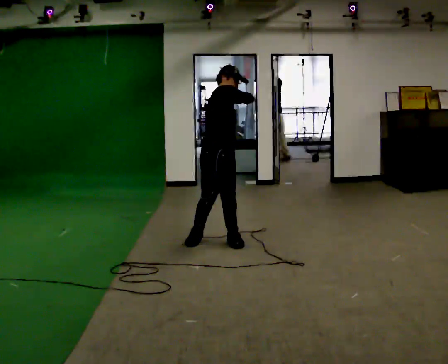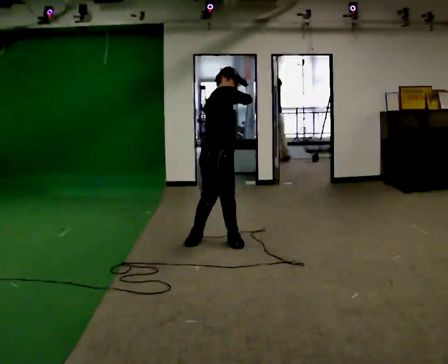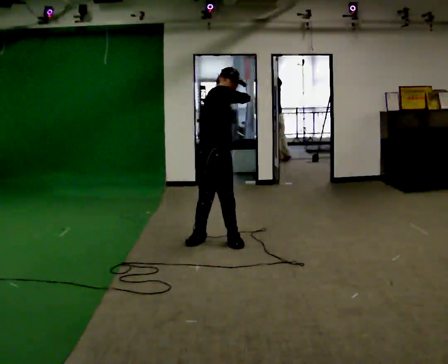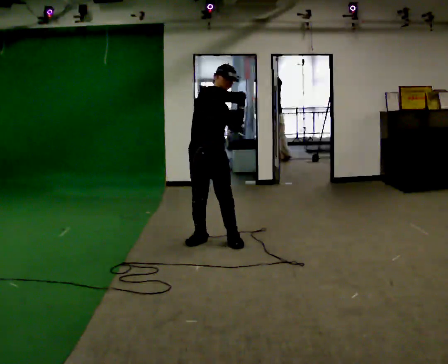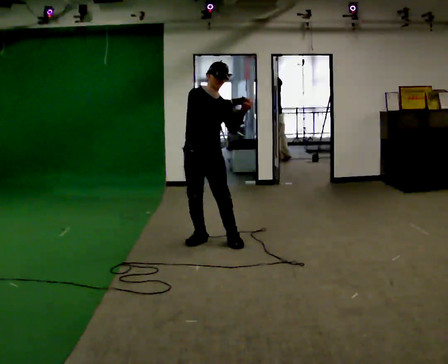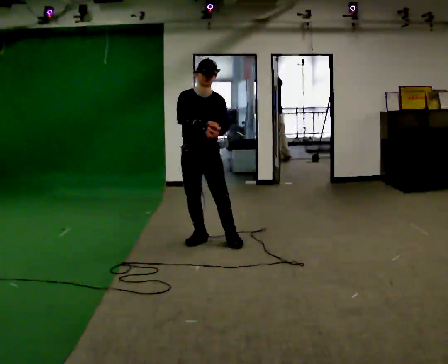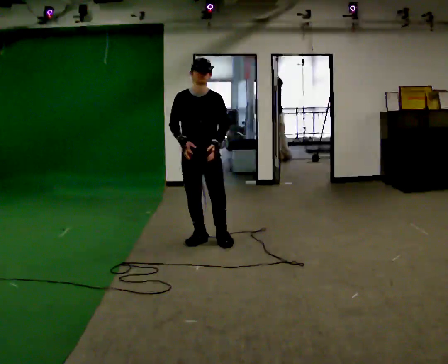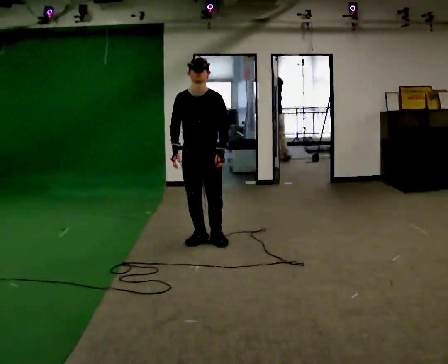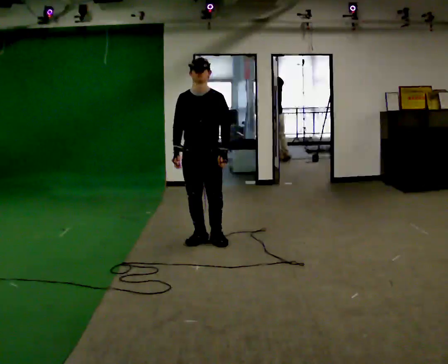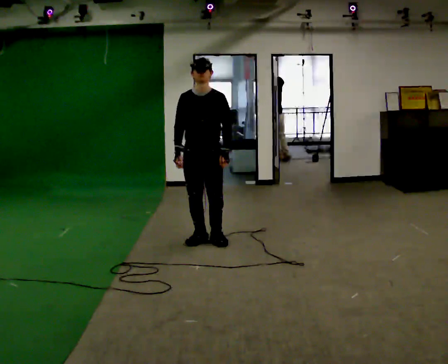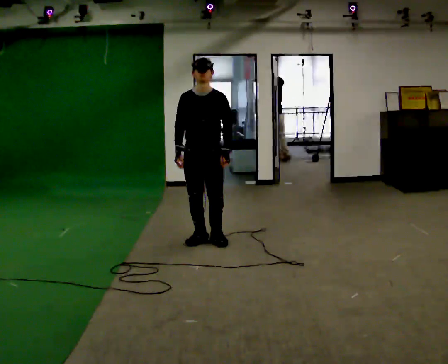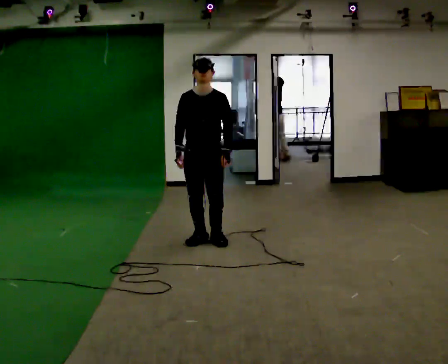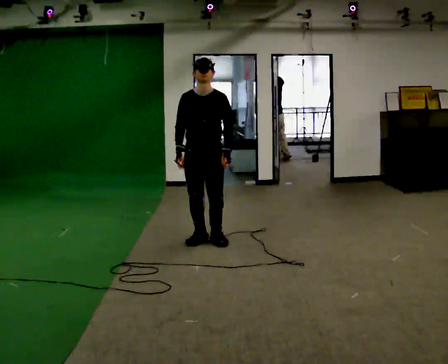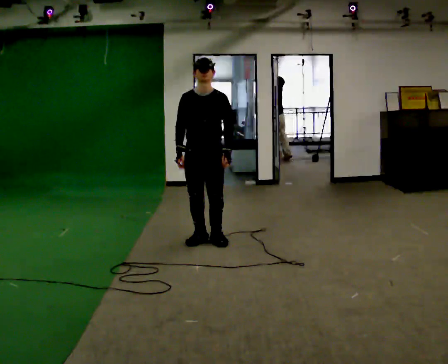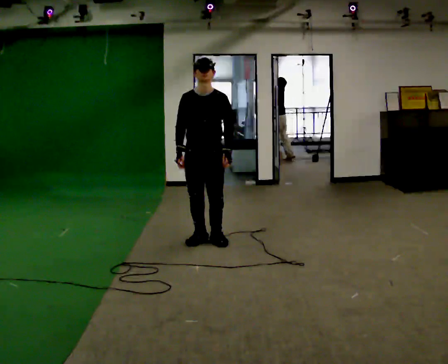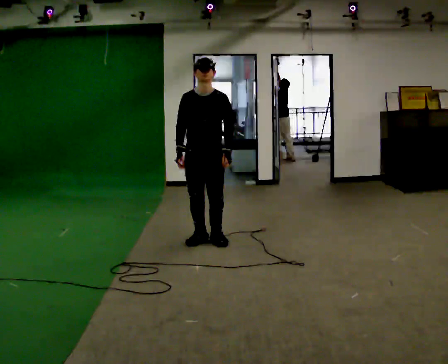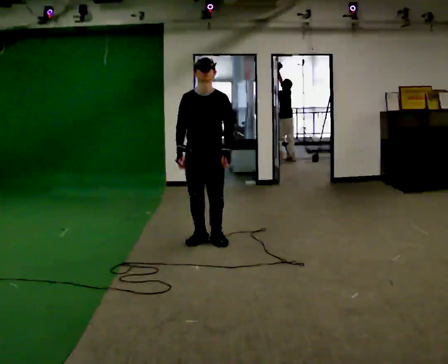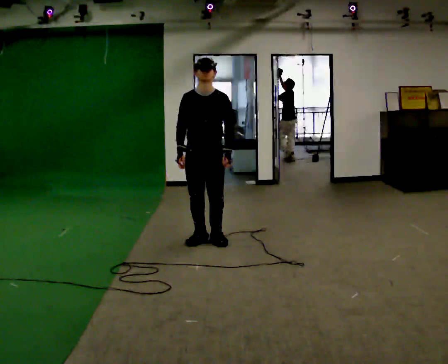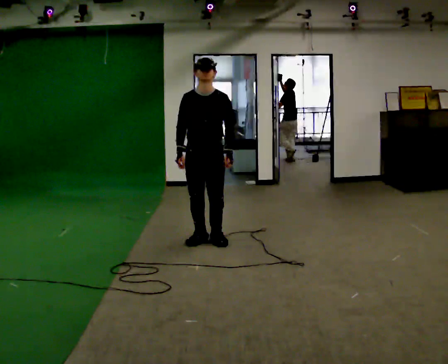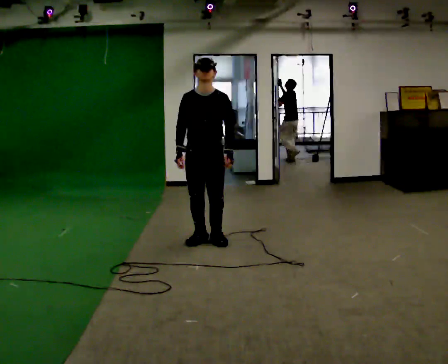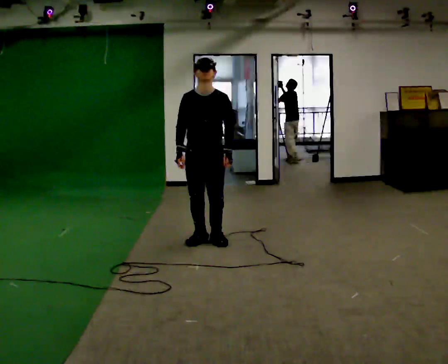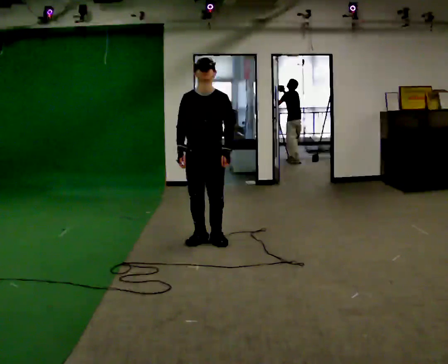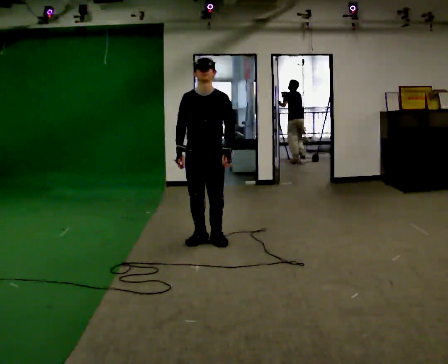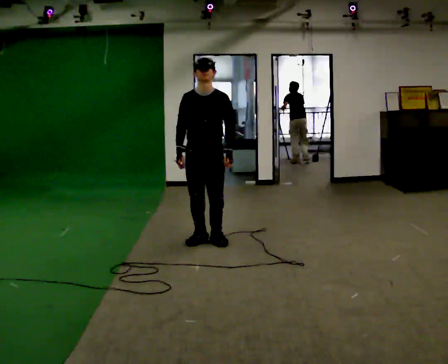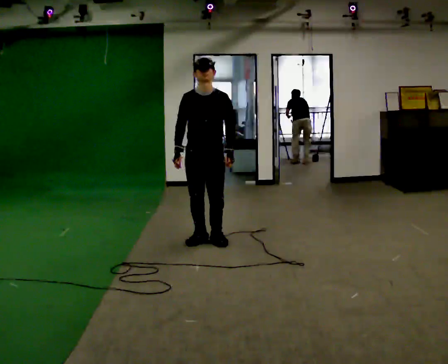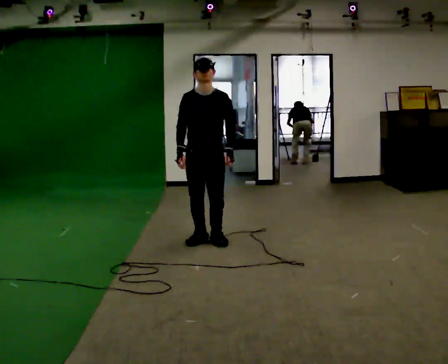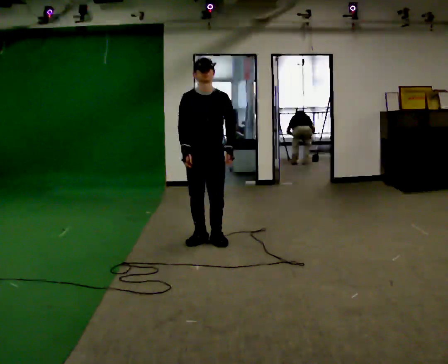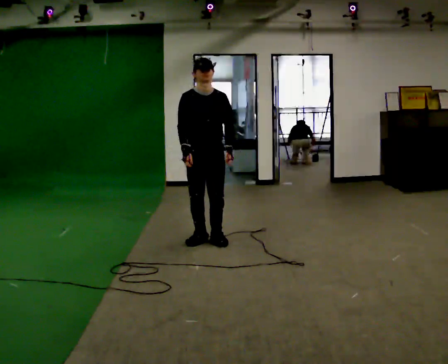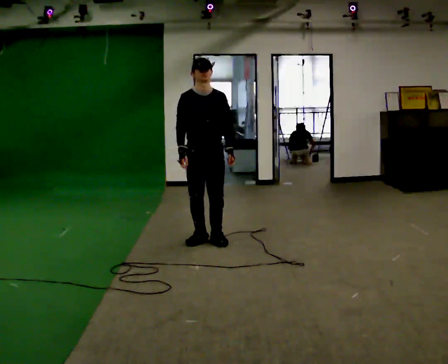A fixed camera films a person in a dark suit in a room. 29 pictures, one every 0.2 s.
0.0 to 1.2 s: The person turns about 75 degrees to their right, clockwise seen from above, so the part of the body nearest the lens slides to the left. In the picture they go to the left, about 0.25 m in 1 step. In the picture their right hand goes to the left and downward.
1.2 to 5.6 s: The person moves a little, or ends about where they began.
The film runs backward here.
